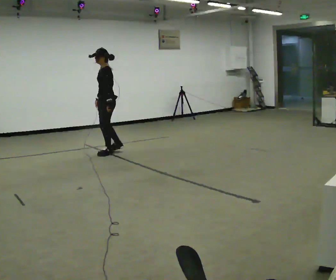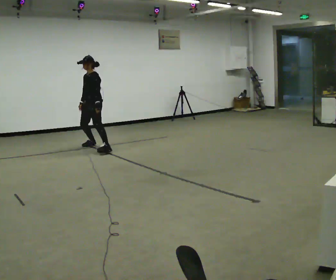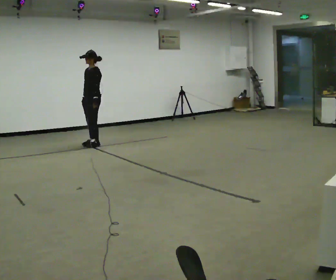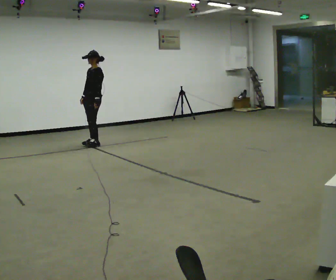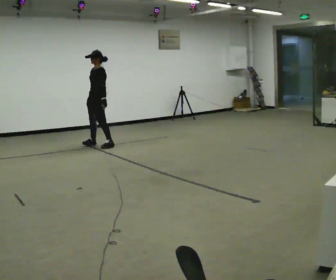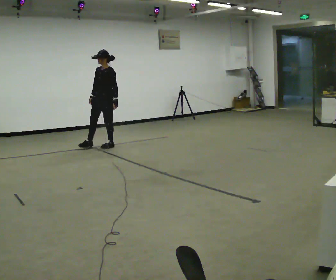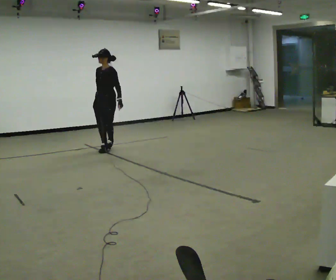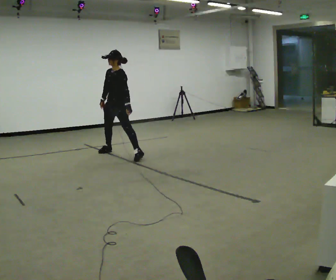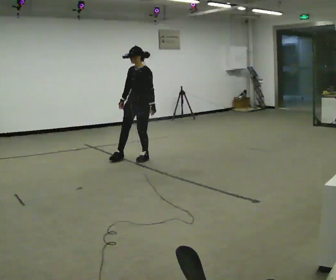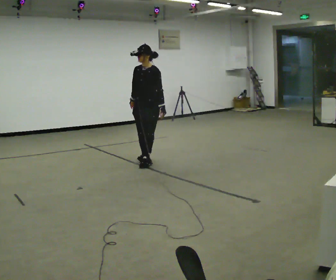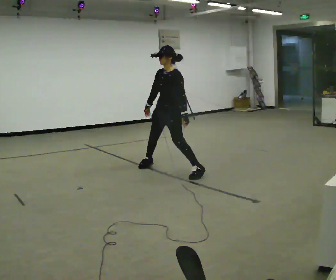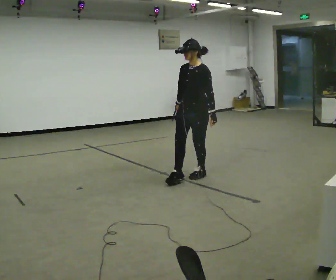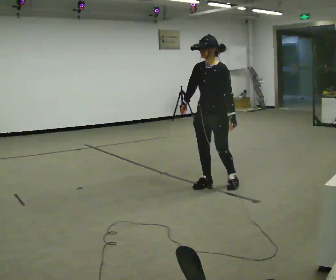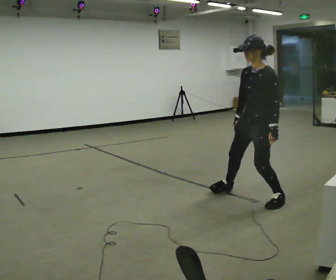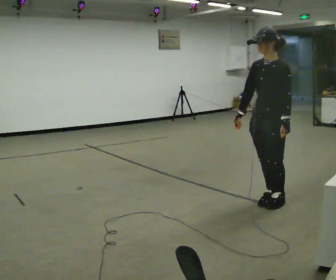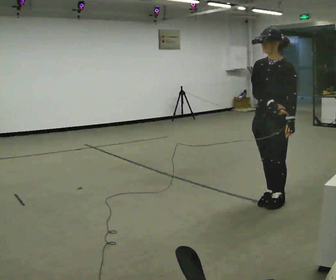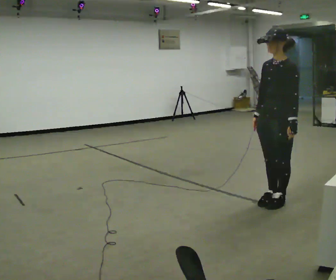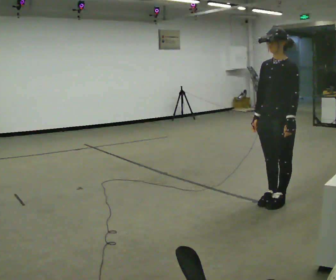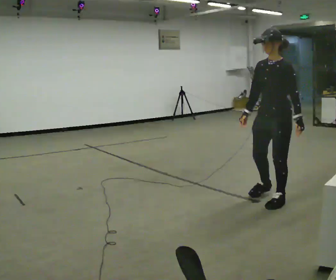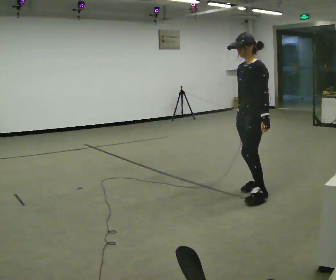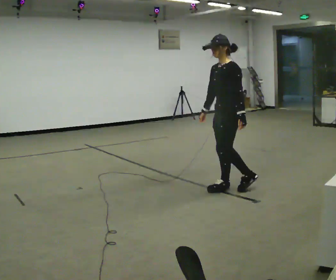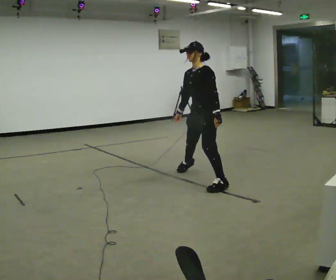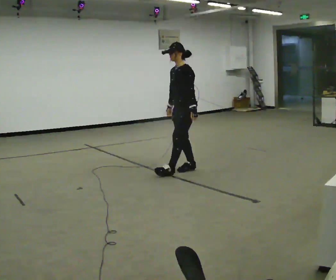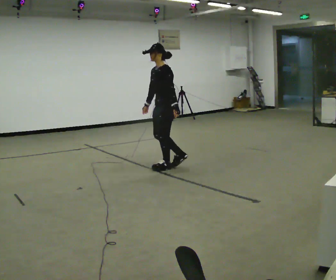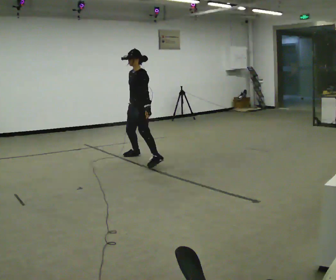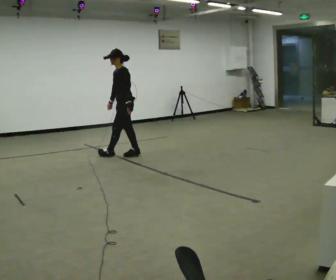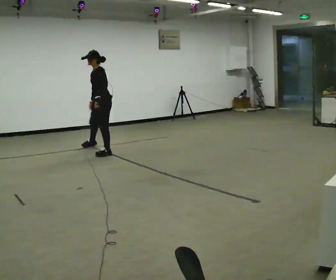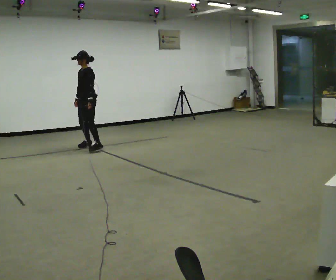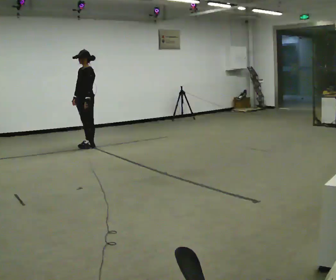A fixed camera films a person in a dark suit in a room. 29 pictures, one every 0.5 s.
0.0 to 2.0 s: In the picture they go away from the camera and to the left, about 0.5 m in 2 steps, which for them is to their right.
2.0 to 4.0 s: In the picture they go to the right and toward the camera, about 1 m in 3 steps, which for them is to their left and forward.
4.0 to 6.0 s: In the picture they go toward the camera and to the right, about 1.5 m in 3 steps, which for them is to their left.
6.0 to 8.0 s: In the picture they go to the right and toward the camera, about 1 m in 1 step, which for them is to their left.
8.0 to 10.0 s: In the picture they go to the left and away from the camera, about 0.5 m in 3 steps, which for them is to their right.
10.0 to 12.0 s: In the picture they go to the left and away from the camera, about 2 m in 3 steps, which for them is to their right.
12.0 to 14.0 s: In the picture they go to the left and away from the camera, about 1.5 m in 2 steps, which for them is to their right.
The film runs backward here.
